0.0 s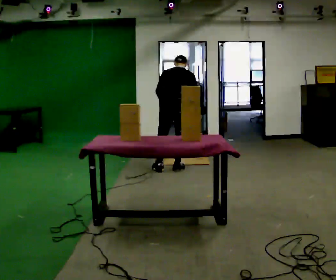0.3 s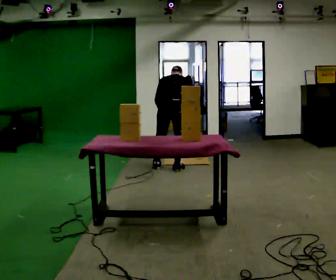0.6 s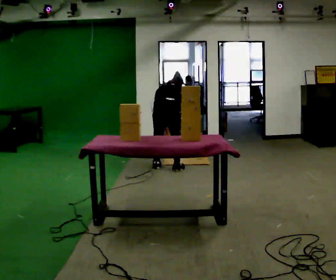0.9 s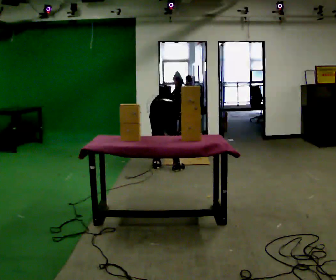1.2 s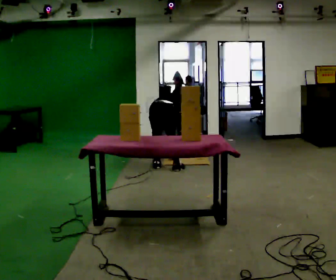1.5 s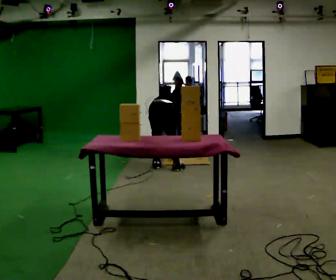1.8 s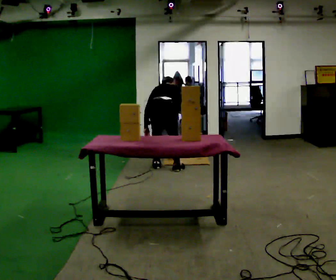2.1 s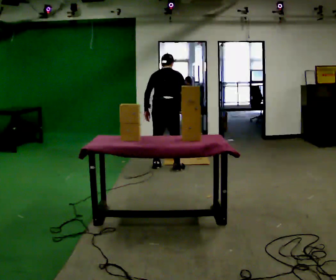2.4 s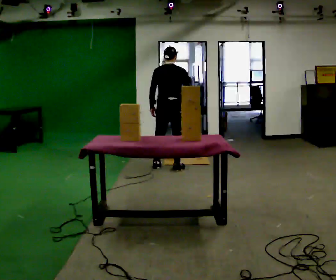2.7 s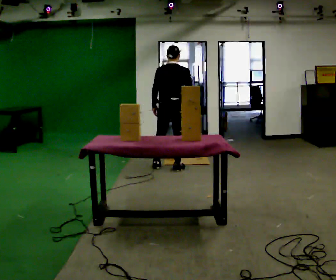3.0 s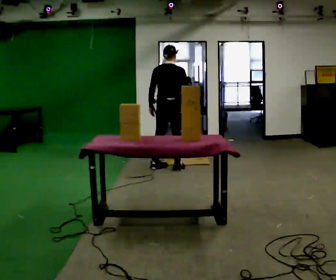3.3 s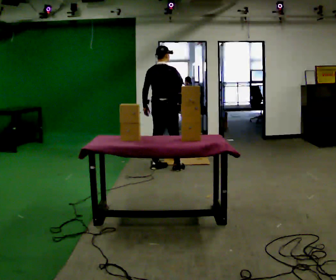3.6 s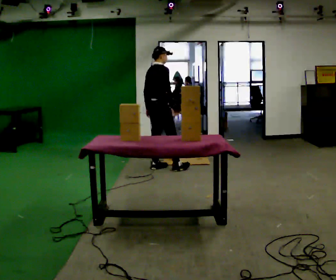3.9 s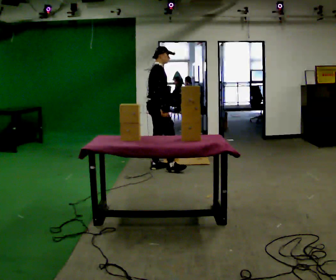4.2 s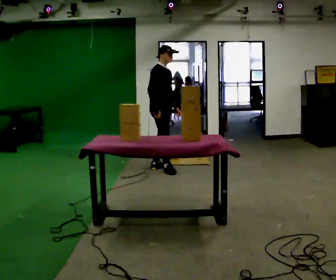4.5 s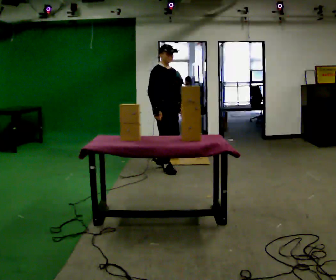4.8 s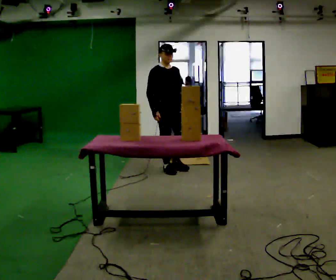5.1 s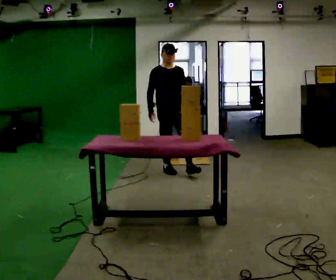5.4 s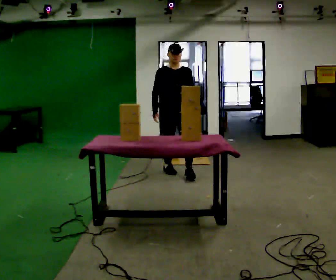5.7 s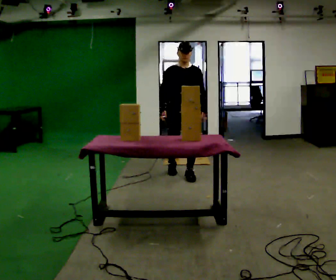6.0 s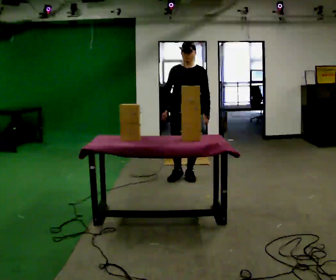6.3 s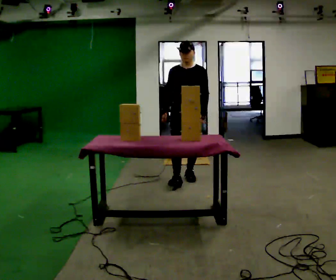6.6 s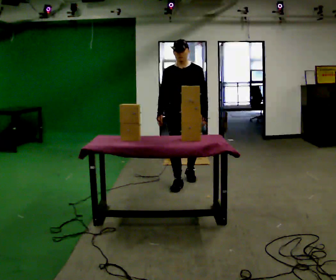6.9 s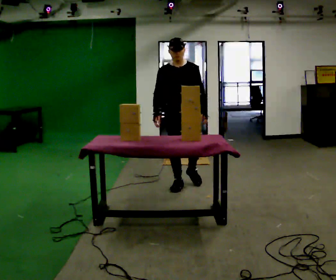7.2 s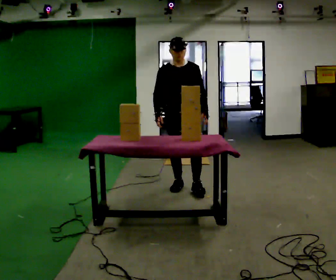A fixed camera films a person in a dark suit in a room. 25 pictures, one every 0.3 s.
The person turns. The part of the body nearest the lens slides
to the left.
The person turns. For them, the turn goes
to their right.
0.0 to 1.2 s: In the picture they go to the left, about 0.25 m in 1 step, which for them is to their left. The shoulders move downward. The upper body tips away from the camera, its near side rolling upward, as they bend forward. In the picture their left hand goes downward.
1.2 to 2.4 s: The shoulders move upward. The upper body tips toward the camera, its near side rolling downward, as they lean back or straighten. In the picture their left hand goes upward.
2.4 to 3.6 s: The part of the body nearest the lens slides to the left as the person turns to their right by about 45 degrees. In the picture they go to the left, about 0.25 m, which for them is to their left.
3.6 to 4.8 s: The person turns about 90 degrees to their right, clockwise seen from above, so the part of the body nearest the lens slides to the left. In the picture they go toward the camera, about 0.25 m. In the picture their left hand goes to the right, the arm swinging counterclockwise.
4.8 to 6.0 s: Seen from above the body turns clockwise, about 45 degrees: to their right, with its near side sliding to the left. In the picture they go toward the camera and to the right, about 0.5 m in 1 step, which for them is forward and to their left.
6.0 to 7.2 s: In the picture they go toward the camera, about 0.5 m in 1 step, which for them is forward.
The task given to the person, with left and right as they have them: Carry the boxes over one at a time and lay them out on the pallet in the pattern the operator shows you. Keep going until the operator says stop; one object at a time, and do not rush between trips.
The film runs forward here.
